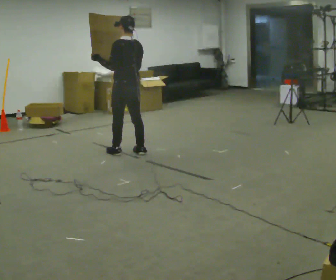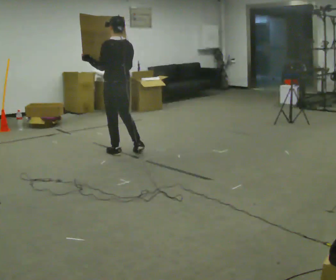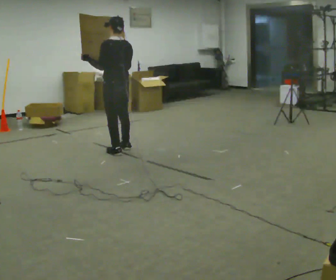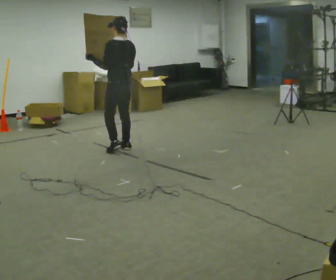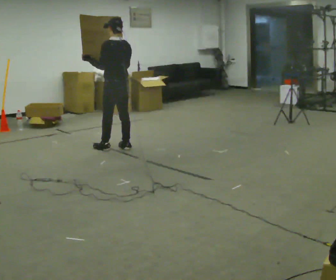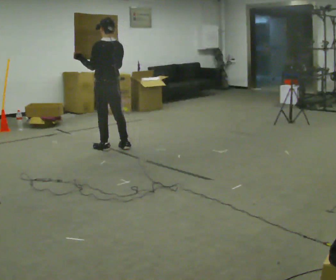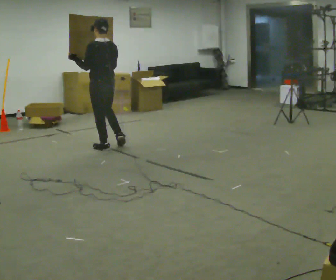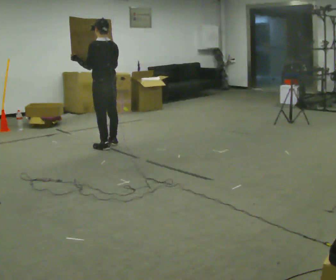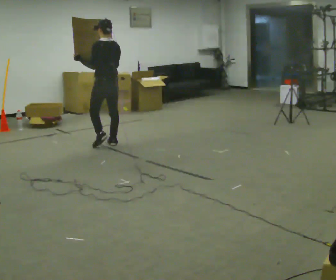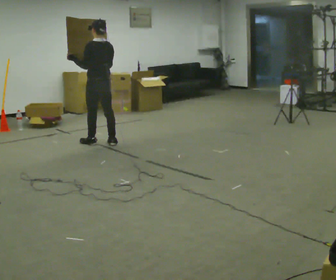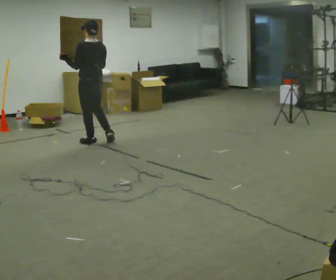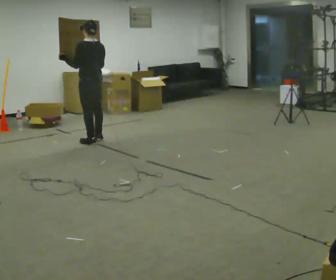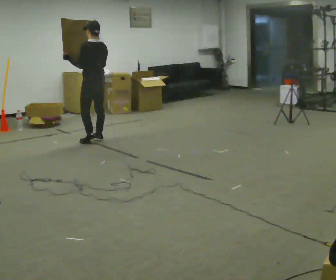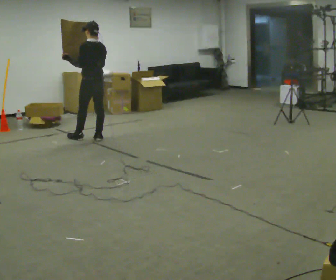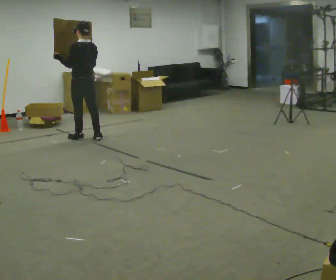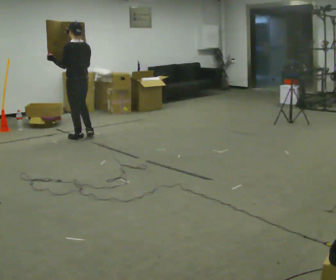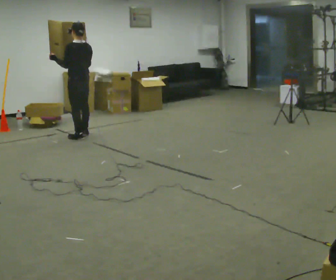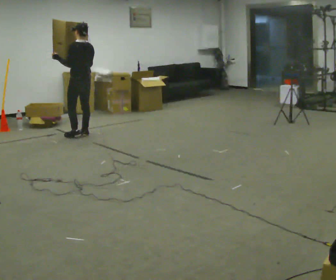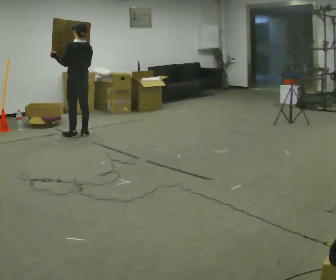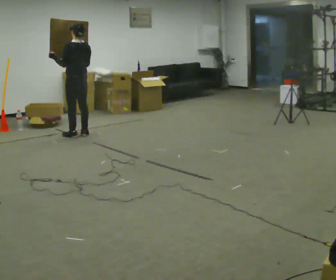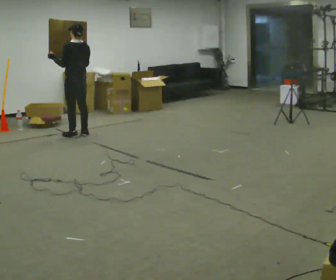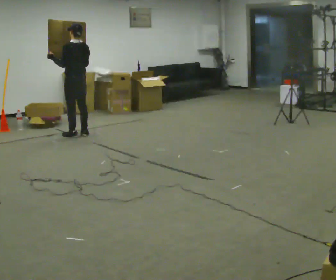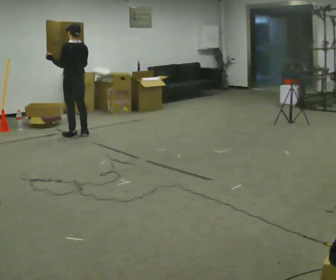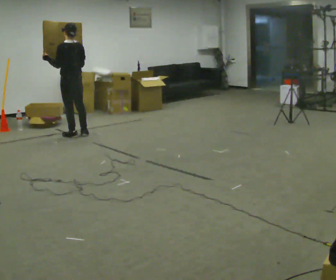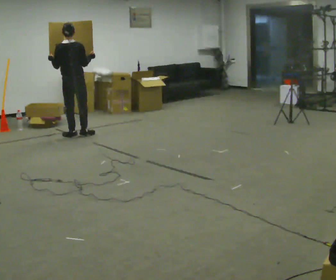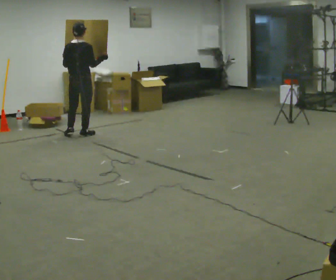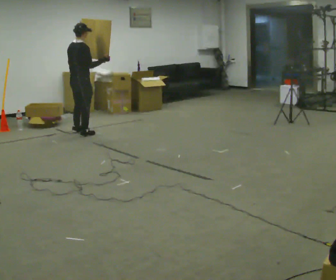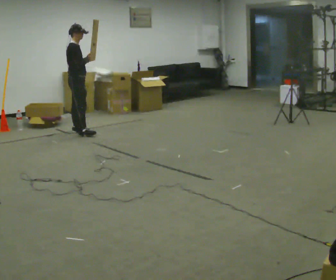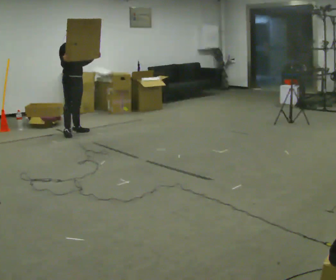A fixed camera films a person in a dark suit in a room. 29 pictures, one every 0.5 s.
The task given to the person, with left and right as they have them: Carry the large light object across the room, back and forth. It is awkward rather than heavy, so hold it however works.
0.0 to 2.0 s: In the picture they go away from the camera, about 0.25 m in 2 steps, which for them is forward.
2.0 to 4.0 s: In the picture they go away from the camera, about 0.25 m in 1 step, which for them is forward.
4.0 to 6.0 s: In the picture they go away from the camera, about 0.25 m in 2 steps, which for them is forward.
6.0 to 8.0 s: In the picture they go away from the camera and to the left, about 0.25 m in 2 steps, which for them is forward.
8.0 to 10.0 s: The person moves a little, or ends about where they began.
10.0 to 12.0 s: The person turns about 30 degrees to their right, clockwise seen from above, so the part of the body nearest the lens slides to the left.
12.0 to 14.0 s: Seen from above the body turns clockwise, about 135 degrees: to their right, with its near side sliding to the left. In the picture they go away from the camera, about 0.25 m in 2 steps. In the picture their right hand goes to the left.
The film runs forward here.
